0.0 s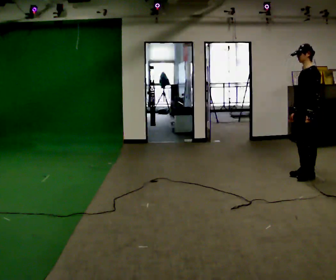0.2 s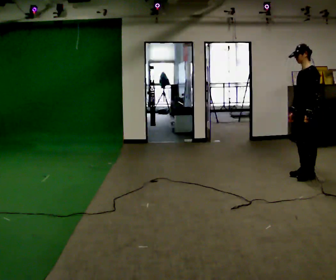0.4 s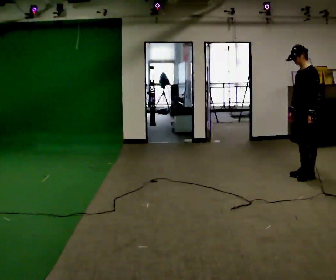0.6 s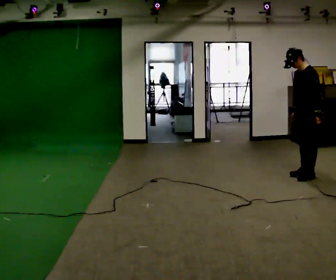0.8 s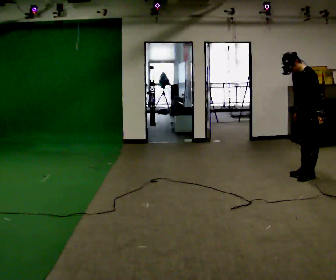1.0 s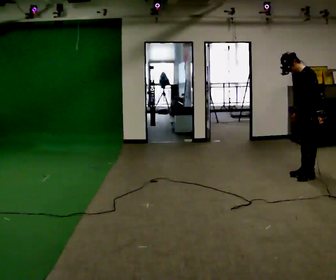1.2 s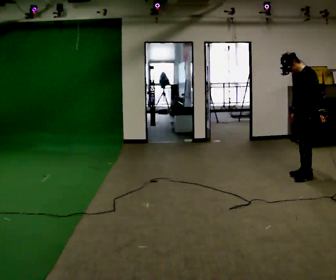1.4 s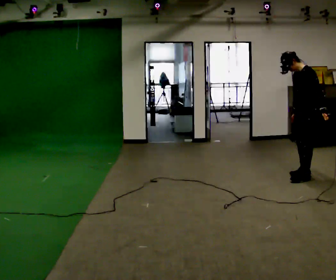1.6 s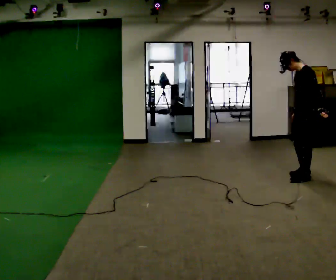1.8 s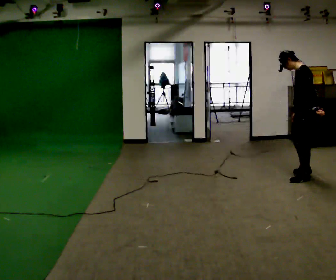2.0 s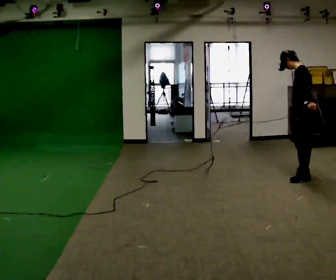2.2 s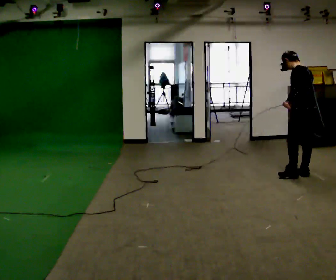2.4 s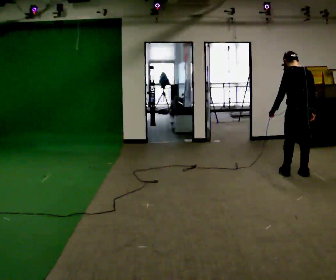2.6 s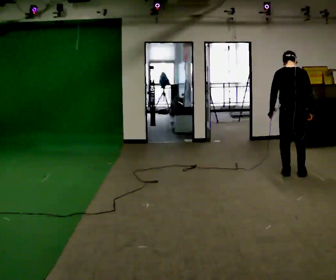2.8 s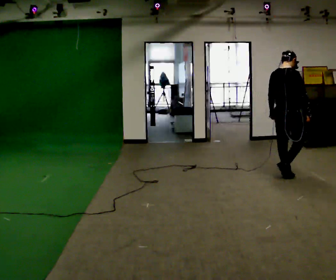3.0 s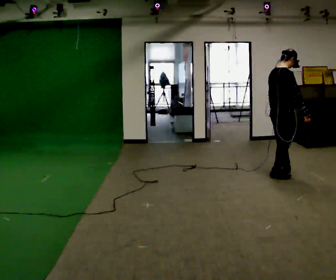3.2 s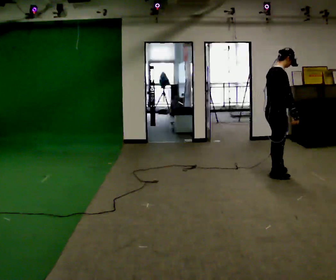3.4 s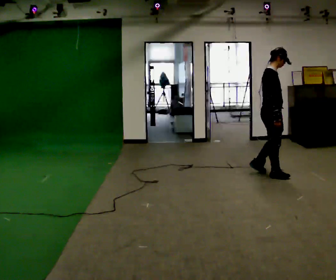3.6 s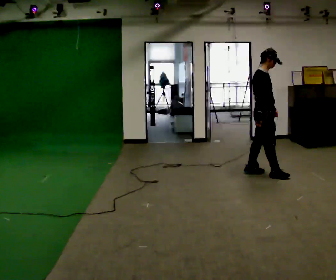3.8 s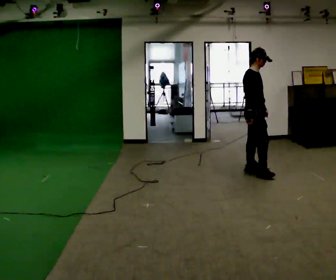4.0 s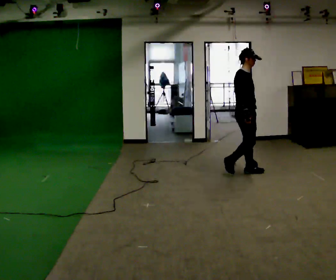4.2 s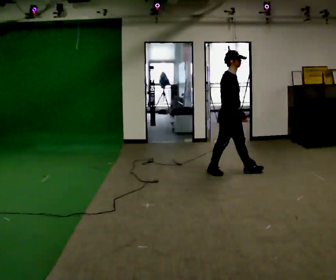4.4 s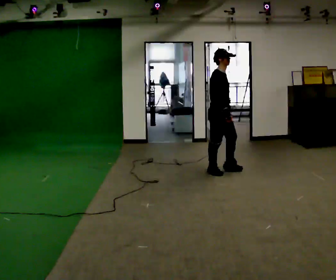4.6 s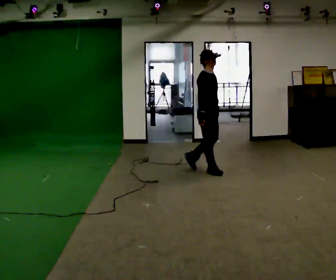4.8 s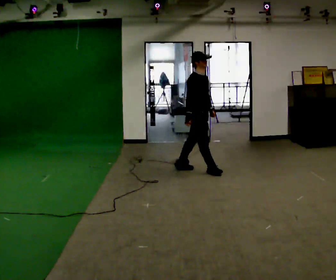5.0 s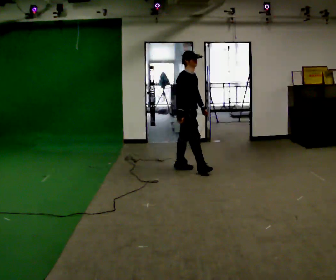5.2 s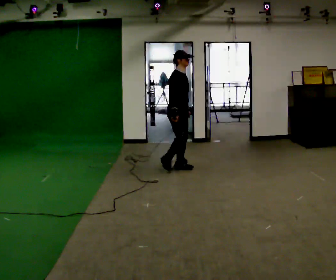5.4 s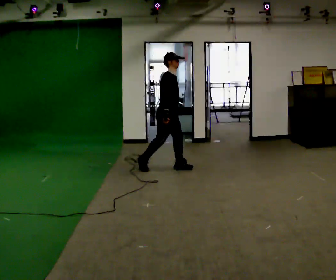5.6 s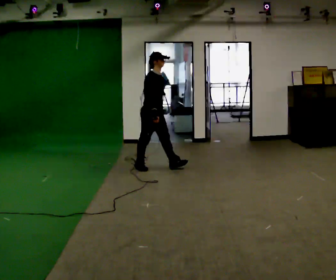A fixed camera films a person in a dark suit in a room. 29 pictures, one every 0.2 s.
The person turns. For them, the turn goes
to their right.
The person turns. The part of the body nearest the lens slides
to the left.
0.0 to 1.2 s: In the picture the upper body tilts counterclockwise, shoulders to the left, as they bend forward.
1.2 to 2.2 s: The person turns about 60 degrees to their right, clockwise seen from above, so the part of the body nearest the lens slides to the left. In the picture their left hand goes to the left, the arm swinging clockwise.
2.2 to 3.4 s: The part of the body nearest the lens slides to the left as the person turns to their right by about 135 degrees. In the picture they go to the left, about 0.5 m in 2 steps.
3.4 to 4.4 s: In the picture they go to the left, about 0.75 m in 2 steps, which for them is backward.
4.4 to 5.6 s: In the picture they go to the left, about 1 m in 2 steps, which for them is backward.
The film runs backward here.
